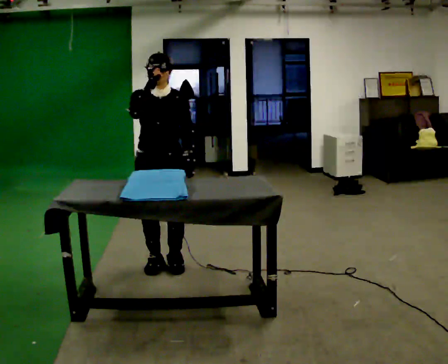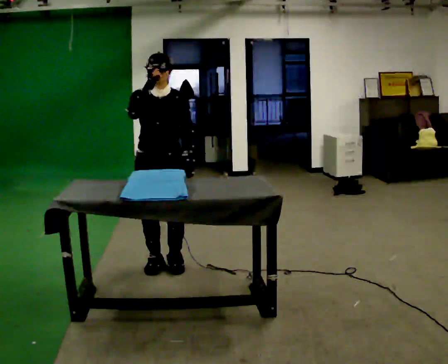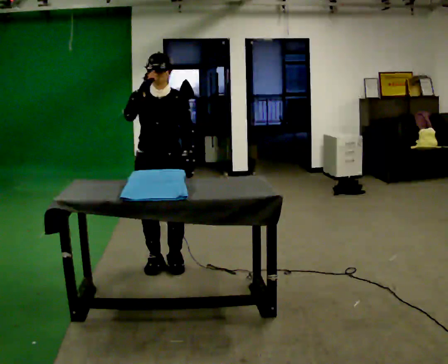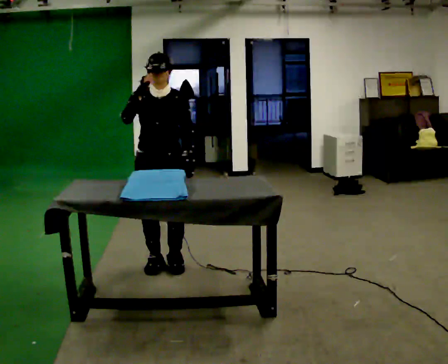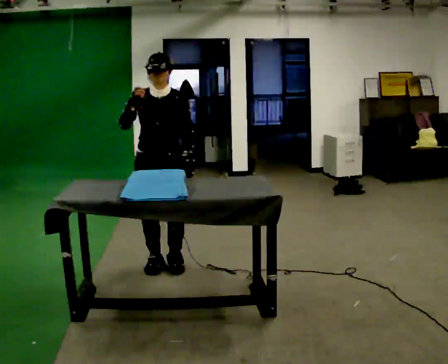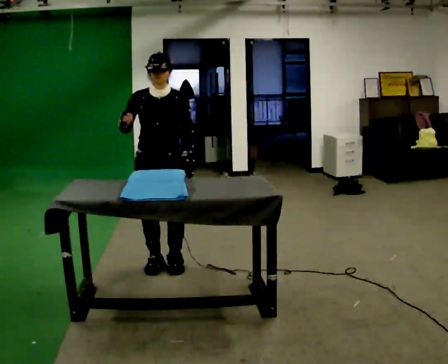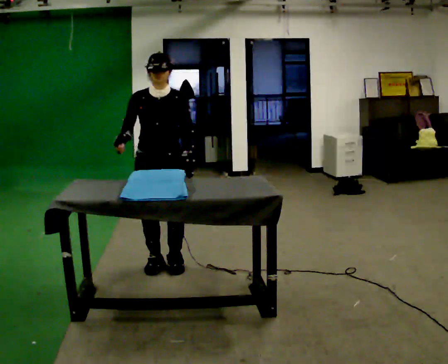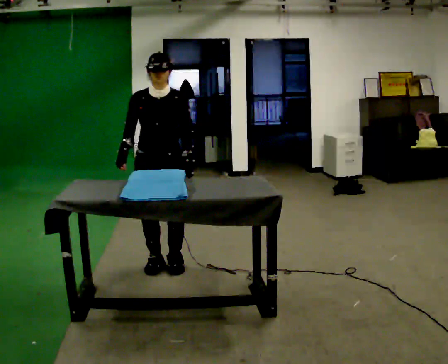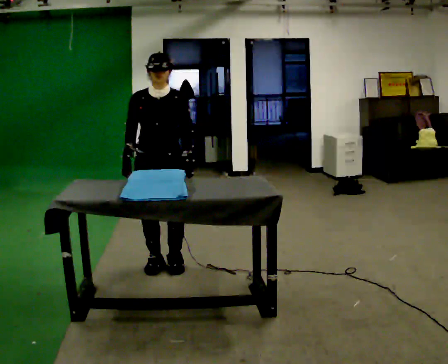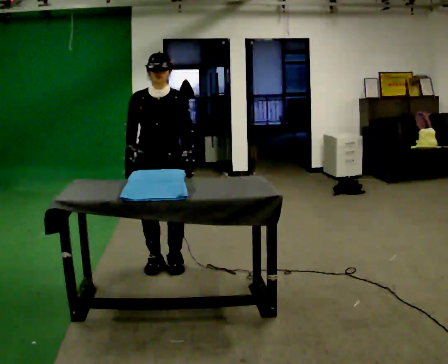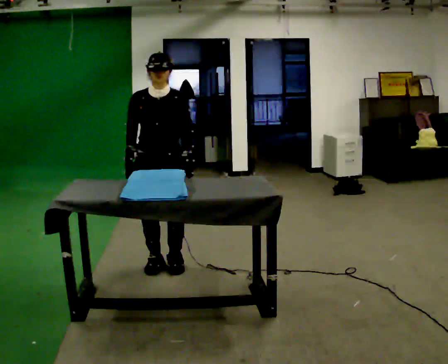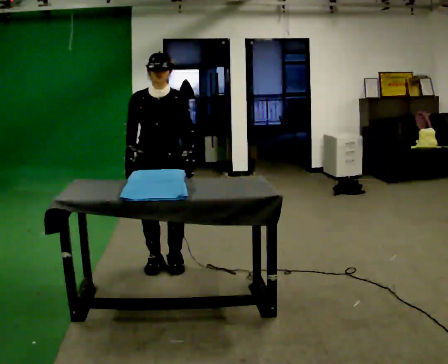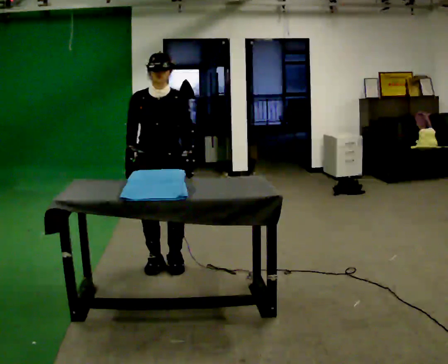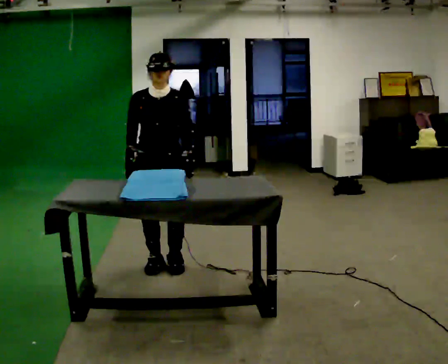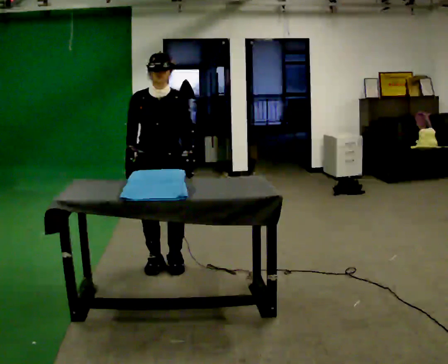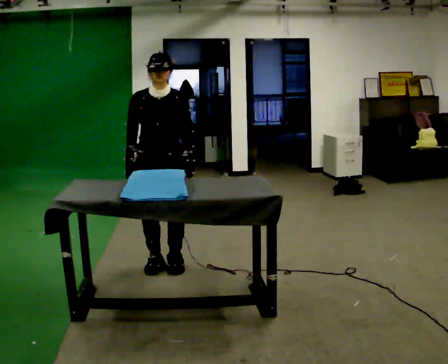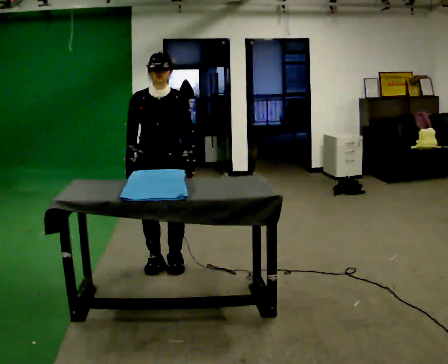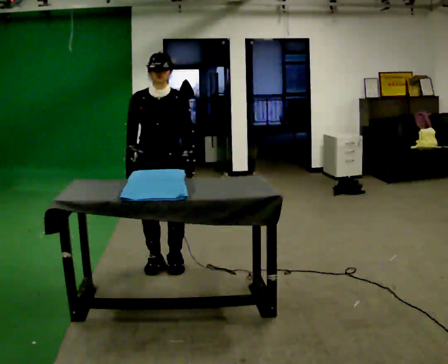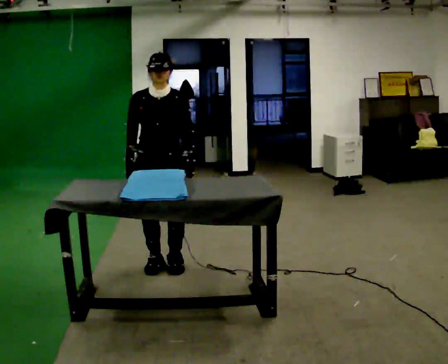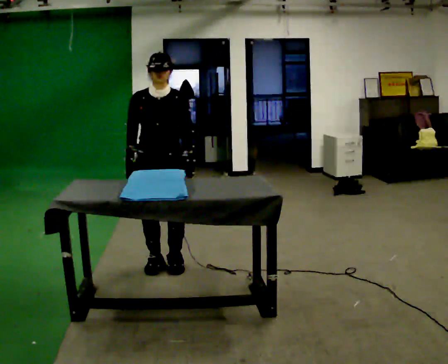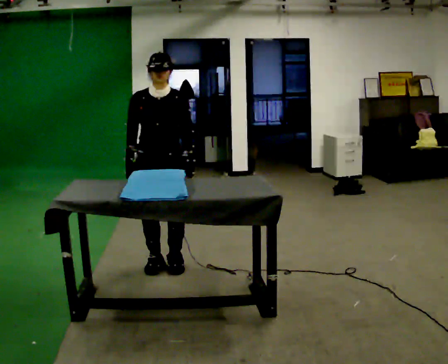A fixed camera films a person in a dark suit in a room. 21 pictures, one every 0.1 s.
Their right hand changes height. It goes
downward.
0.0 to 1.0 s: In the picture their right hand goes downward.
1.0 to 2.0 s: The person keeps their place and pose.
The film runs backward here.
